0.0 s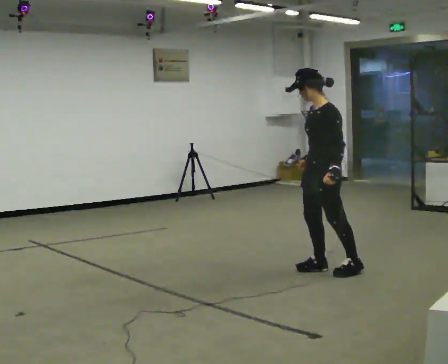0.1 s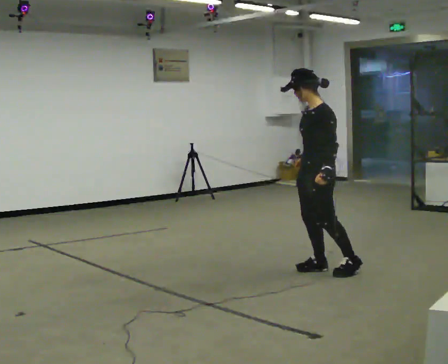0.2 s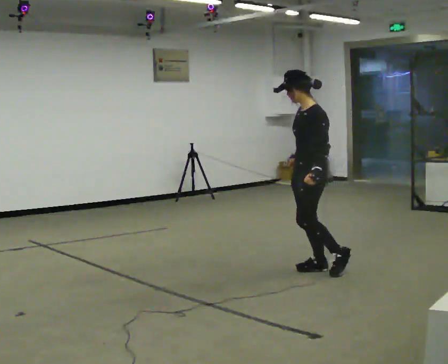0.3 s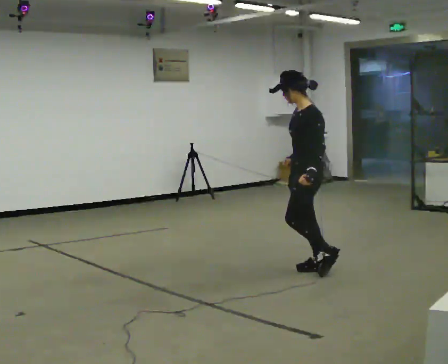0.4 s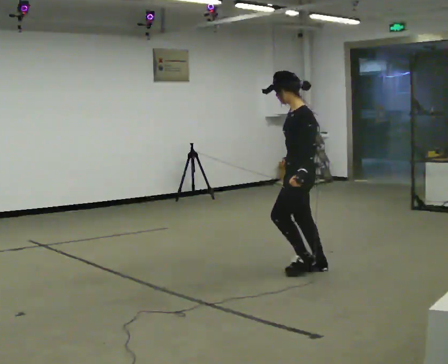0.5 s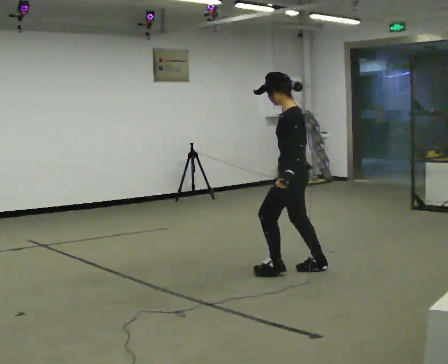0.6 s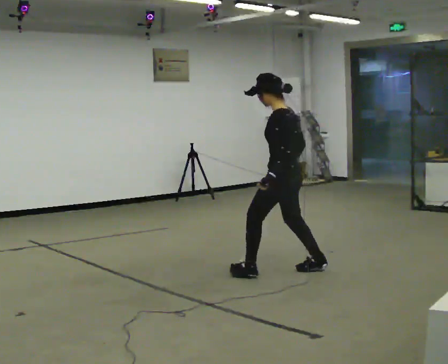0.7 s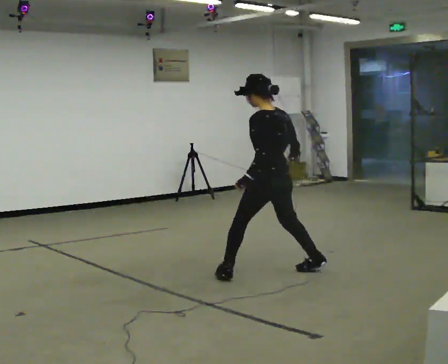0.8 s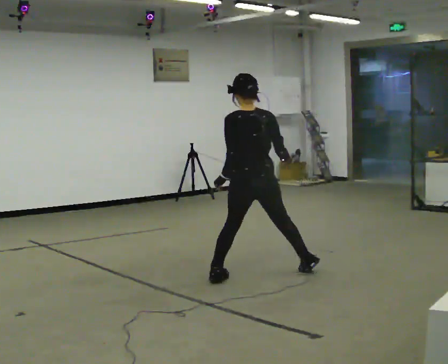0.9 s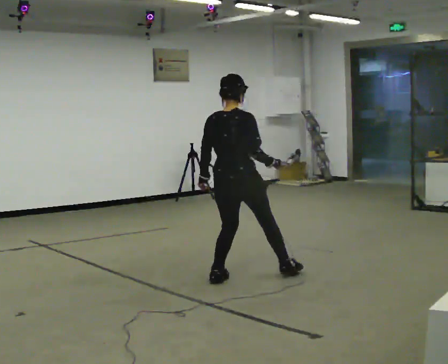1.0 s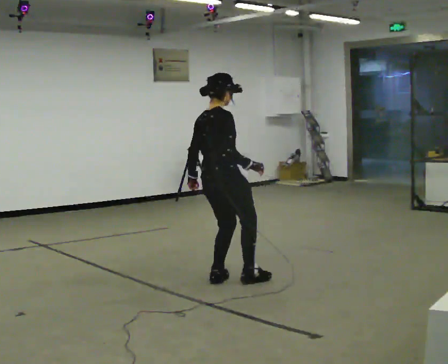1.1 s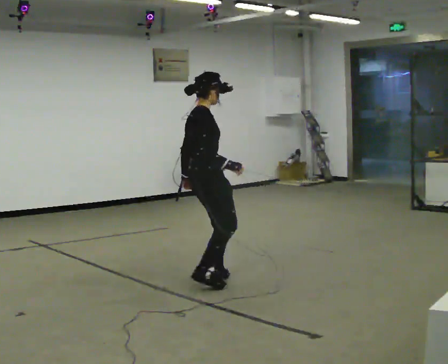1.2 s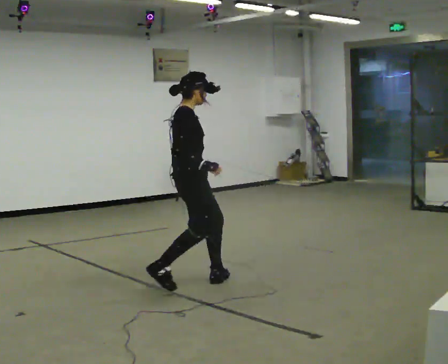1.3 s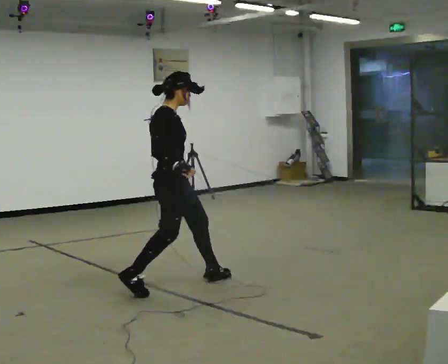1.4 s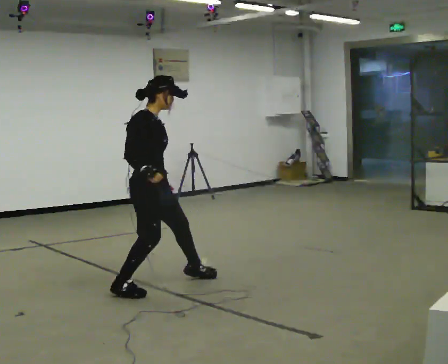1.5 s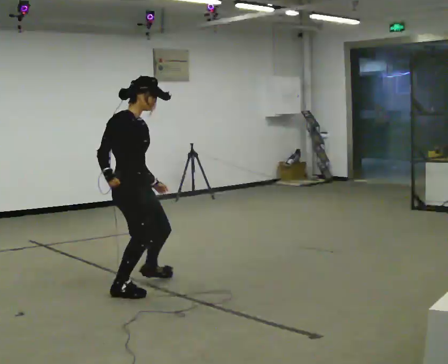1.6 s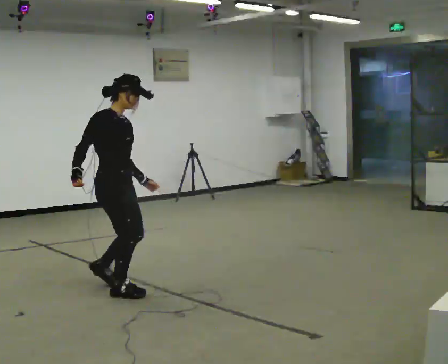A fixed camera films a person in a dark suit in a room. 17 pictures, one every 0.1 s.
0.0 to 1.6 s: Seen from above the body turns clockwise, about 210 degrees: to their right, with its near side sliding to the left. In the picture they go to the left, about 1.5 m in 2 steps.
The film runs forward here.
